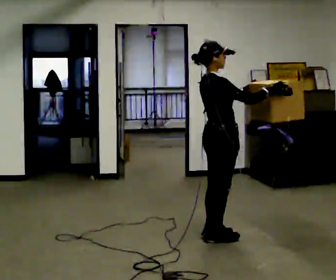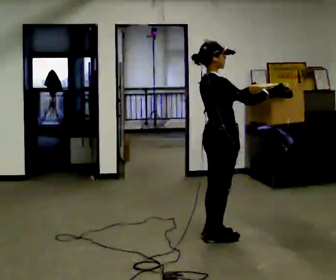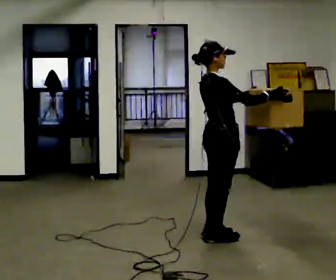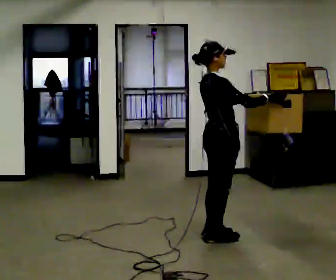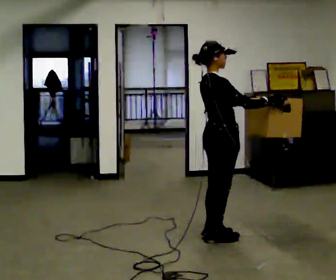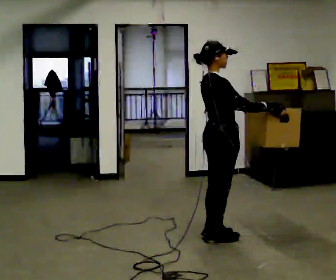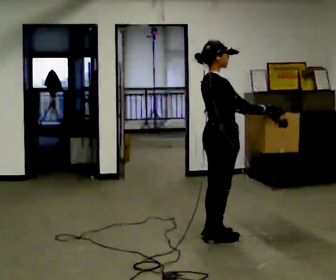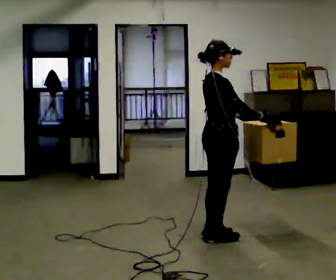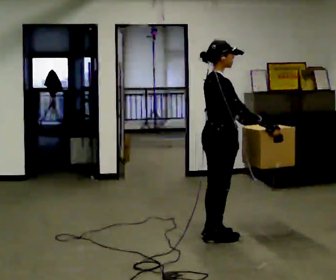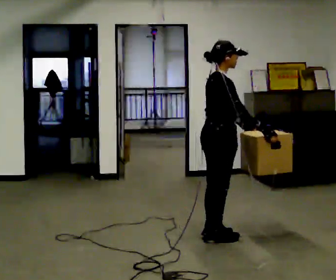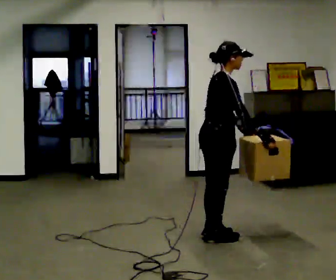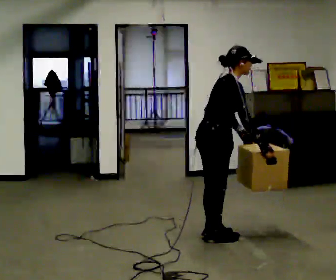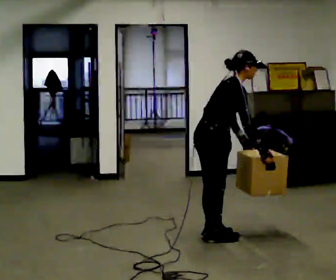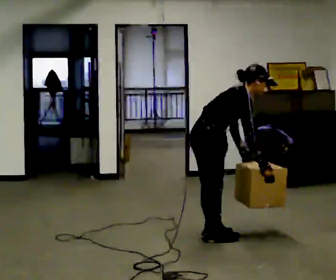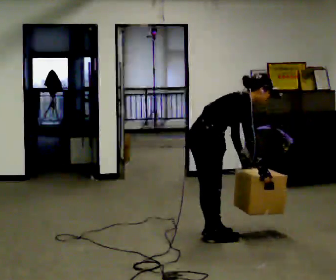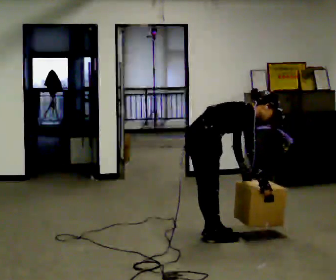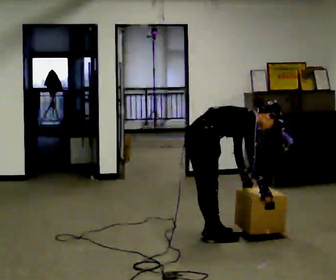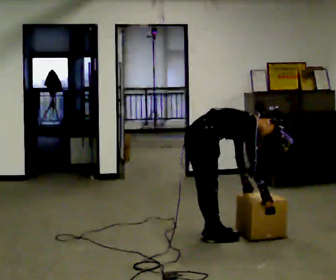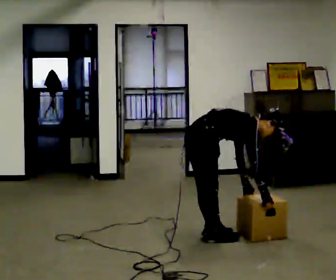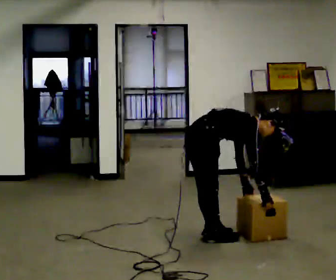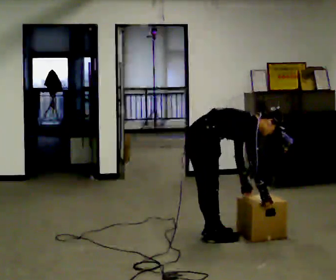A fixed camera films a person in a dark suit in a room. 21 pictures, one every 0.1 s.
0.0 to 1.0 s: In the picture the upper body tilts clockwise, shoulders to the right, as they bend forward. In the picture their right hand goes downward.
1.0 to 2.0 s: The shoulders move downward. In the picture the upper body tilts clockwise, shoulders to the right, as they bend forward. In the picture their right hand goes downward.
The film runs backward here.
